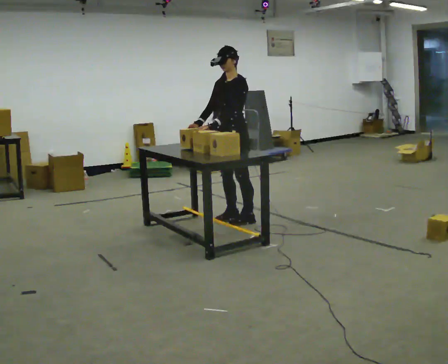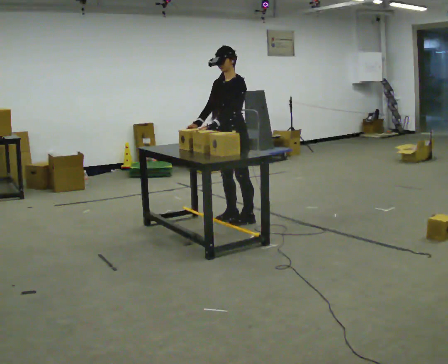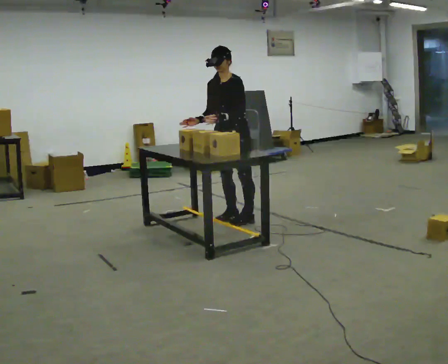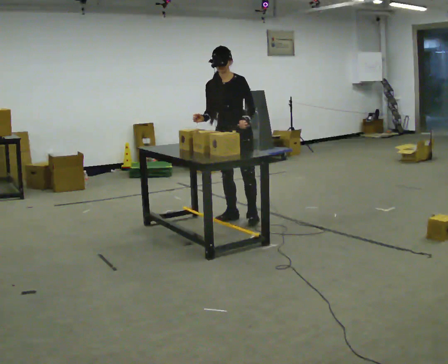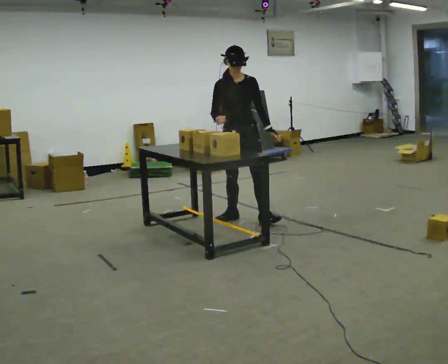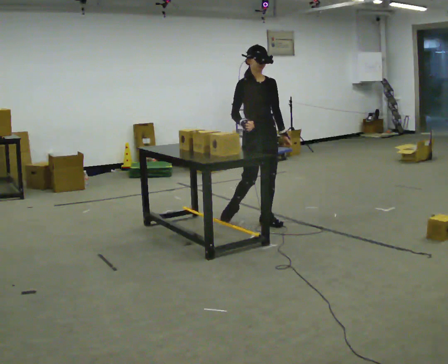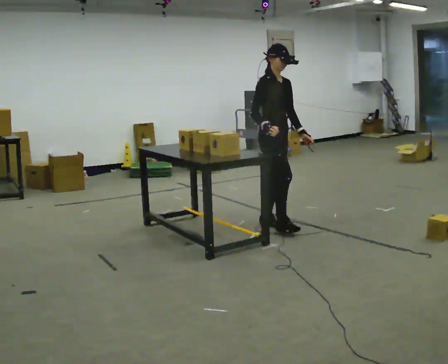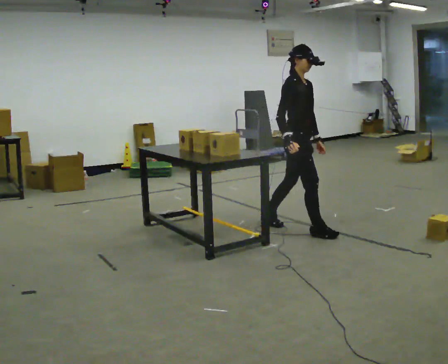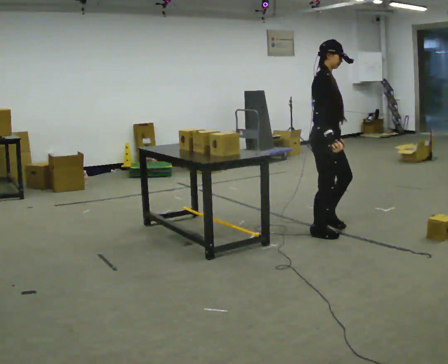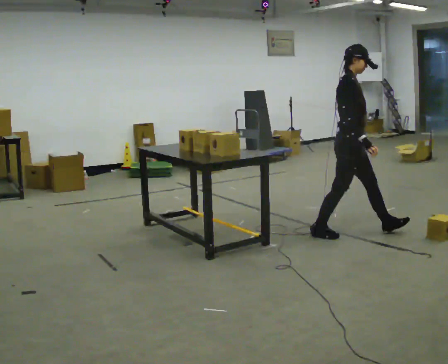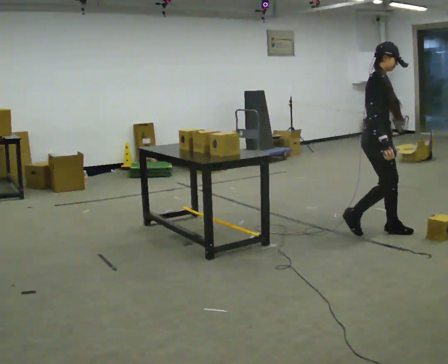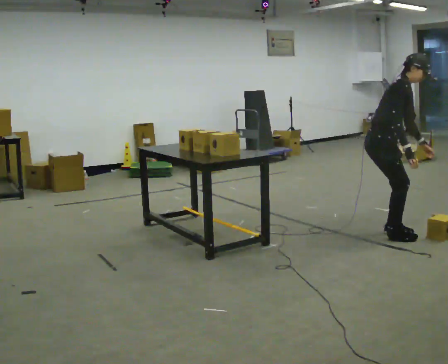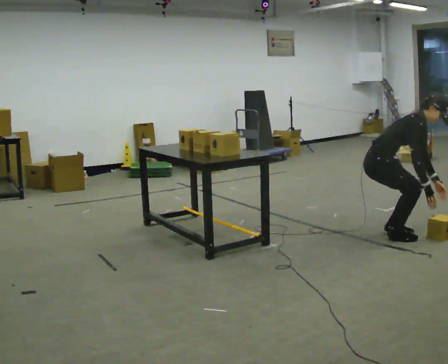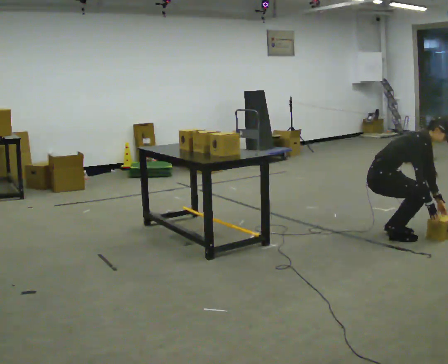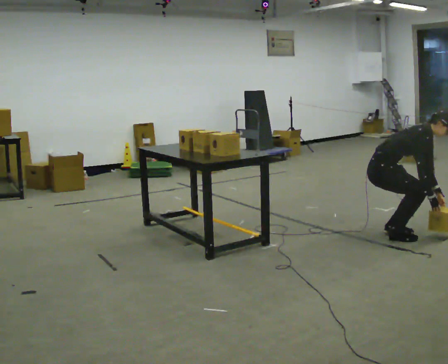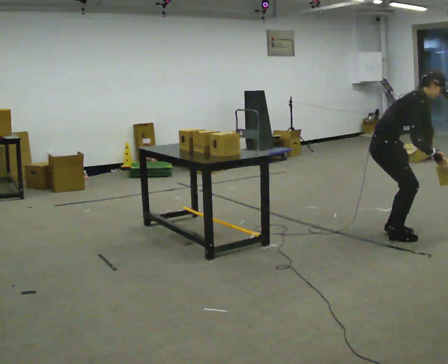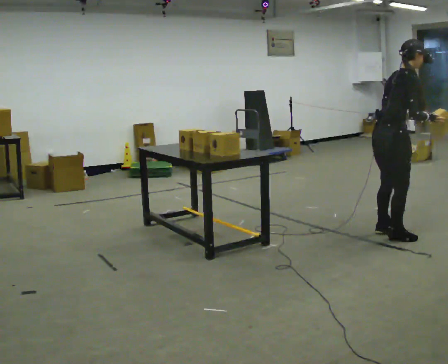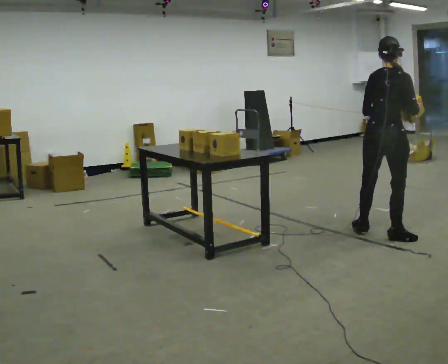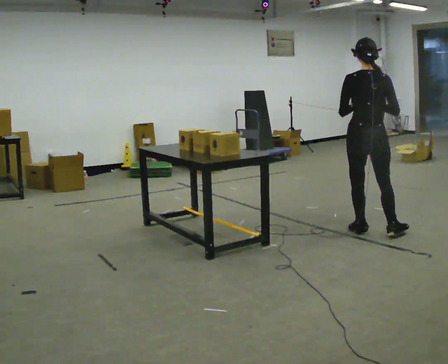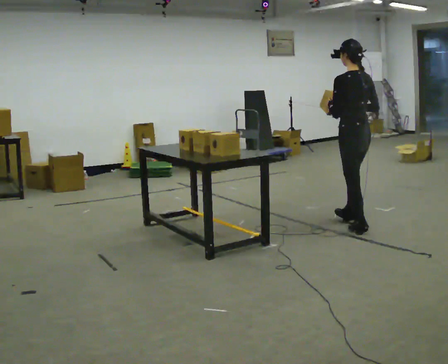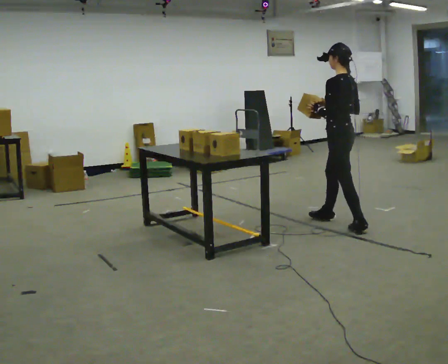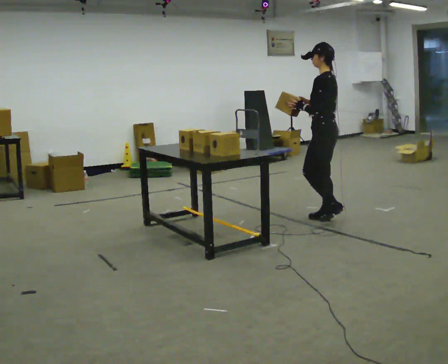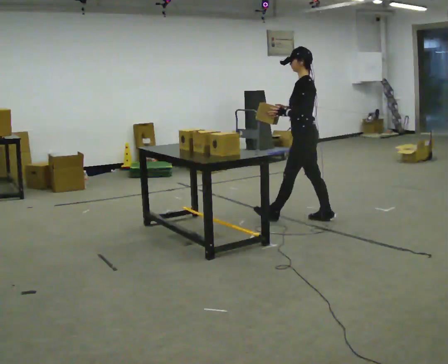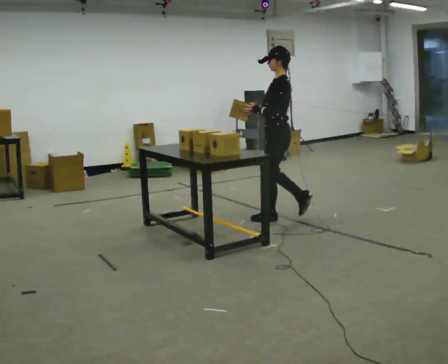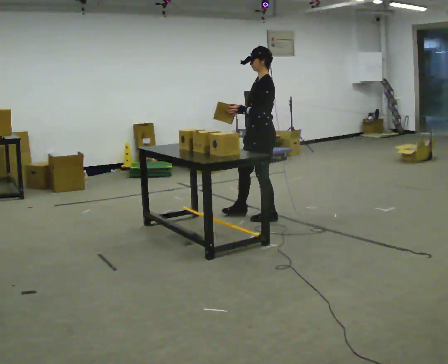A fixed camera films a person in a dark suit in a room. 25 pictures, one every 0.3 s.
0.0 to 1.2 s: The part of the body nearest the lens slides to the right as the person turns to their left by about 45 degrees. In the picture their left hand goes to the right, the arm swinging counterclockwise.
1.2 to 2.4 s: Seen from above the body turns counterclockwise, about 60 degrees: to their left, with its near side sliding to the right. In the picture they go to the right and toward the camera, about 1 m in 1 step.
2.4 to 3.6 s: In the picture they go to the right, about 0.5 m in 2 steps, which for them is forward. The shoulders move downward. In the picture the upper body tilts clockwise, shoulders to the right, as they bend forward. In the picture their left hand goes downward.
3.6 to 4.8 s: The part of the body nearest the lens slides to the right as the person turns to their left by about 30 degrees. In the picture their right hand goes upward.
4.8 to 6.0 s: The part of the body nearest the lens slides to the right as the person turns to their left by about 135 degrees. In the picture they go away from the camera and to the left, about 0.5 m in 2 steps. In the picture the upper body tilts counterclockwise, shoulders to the left, as they lean back or straighten.
6.0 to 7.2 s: Seen from above the body turns counterclockwise, about 45 degrees: to their left, with its near side sliding to the right. In the picture they go to the left and away from the camera, about 1 m in 1 step, which for them is forward.
The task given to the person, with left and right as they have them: Pick up the next box in the row and carry it to the table. The operator will not tell you how heavy each one is. Keep going until the operator says stop; one object at a time, and do not rush between trips.
The film runs forward here.
